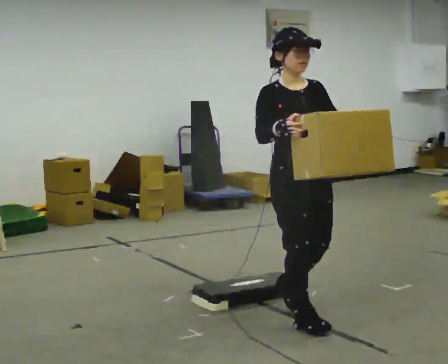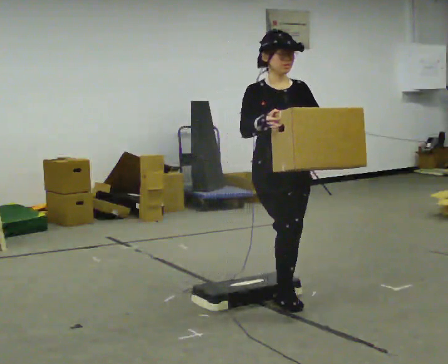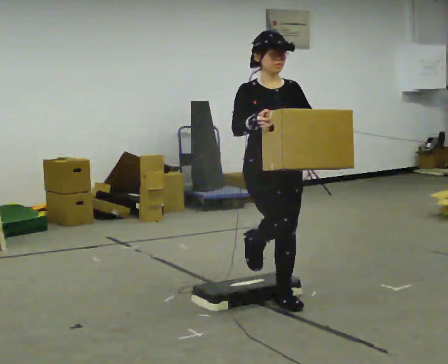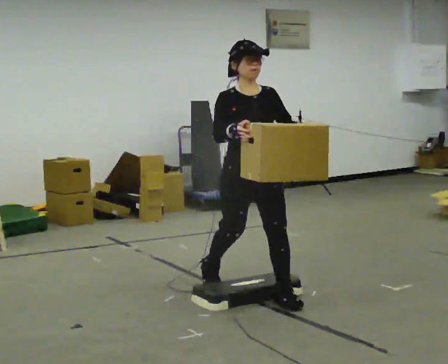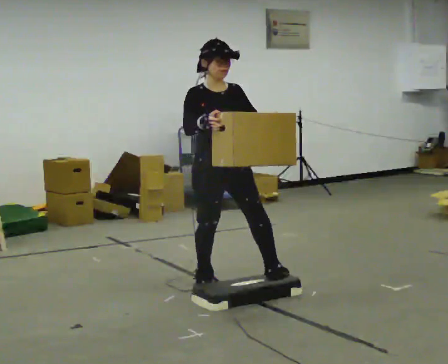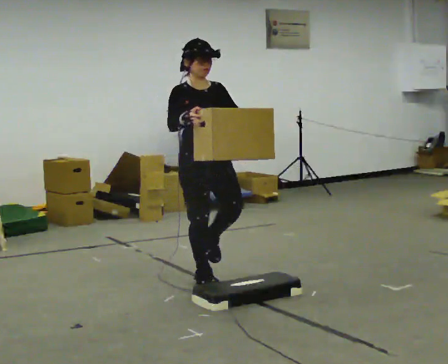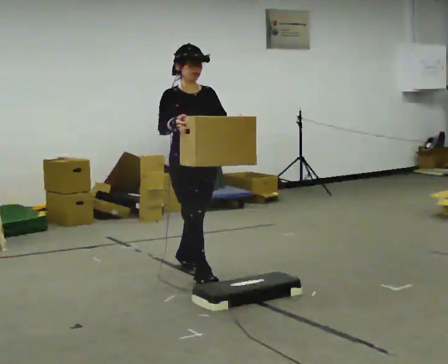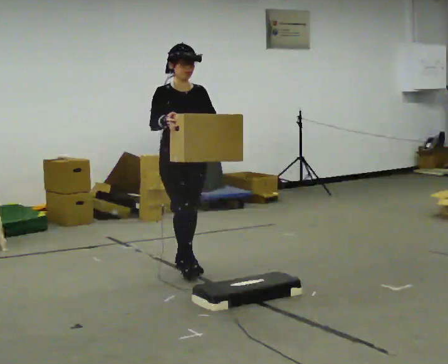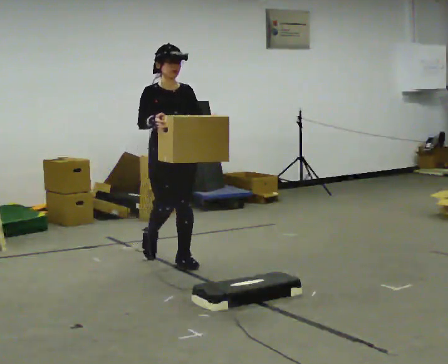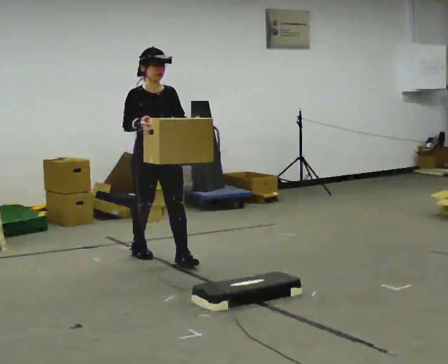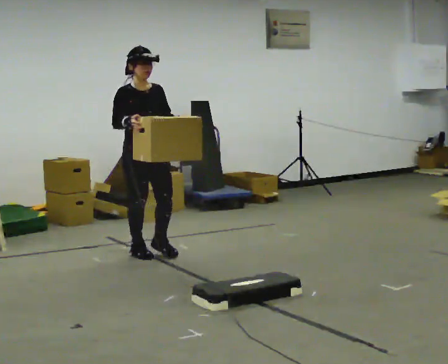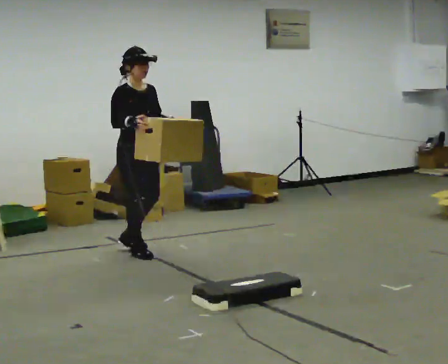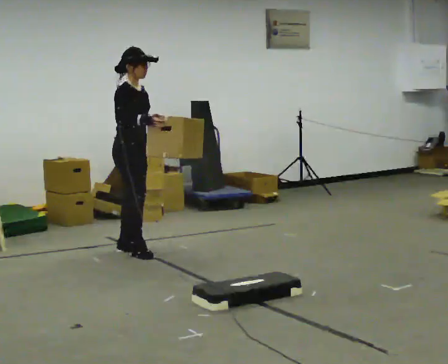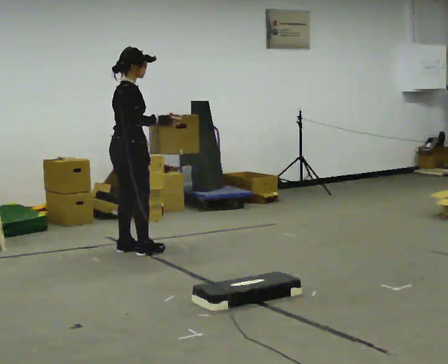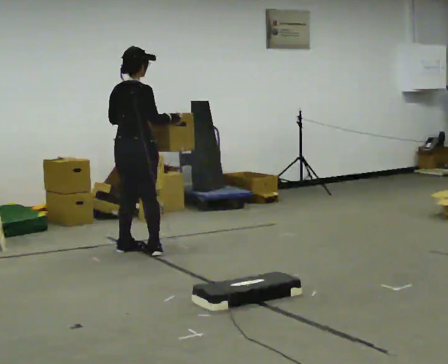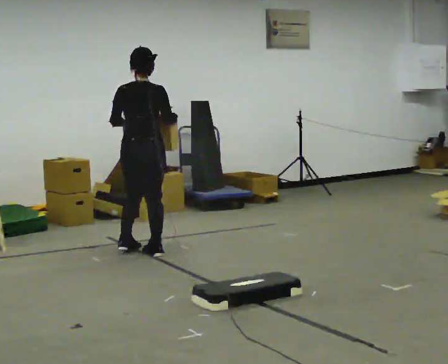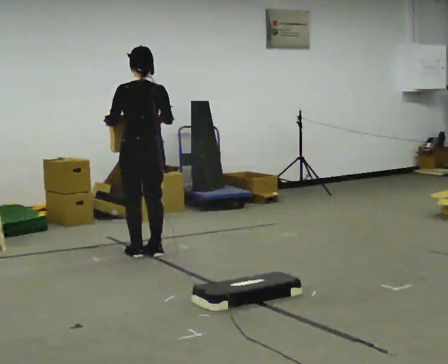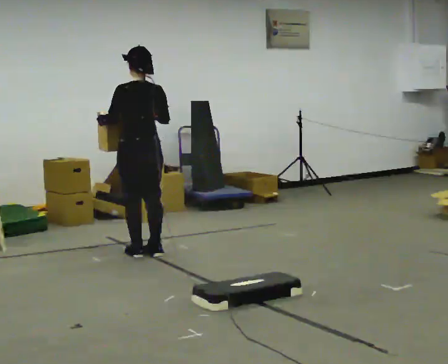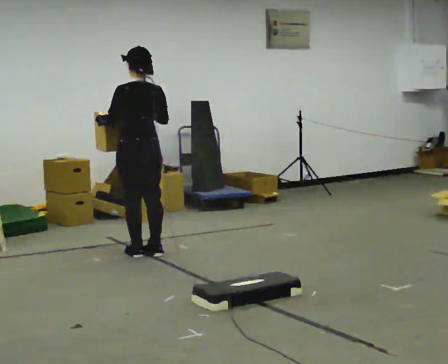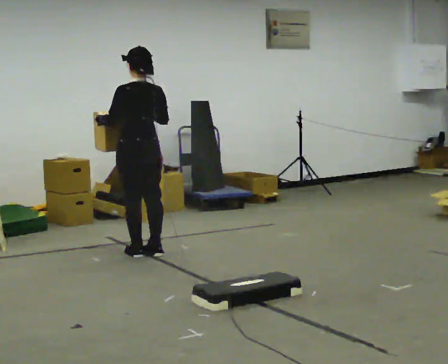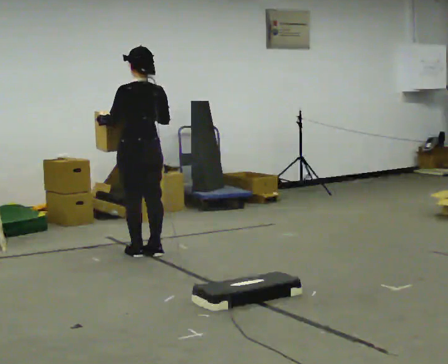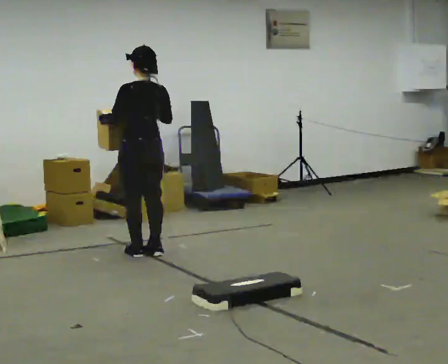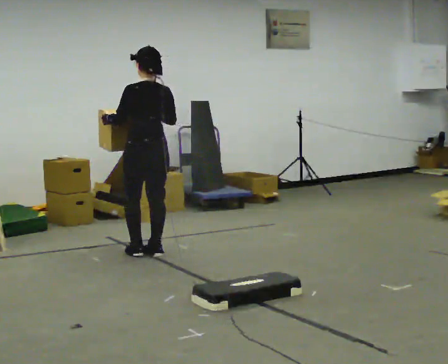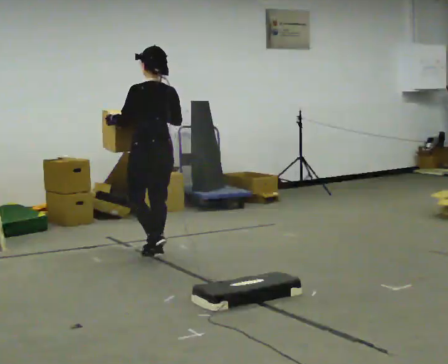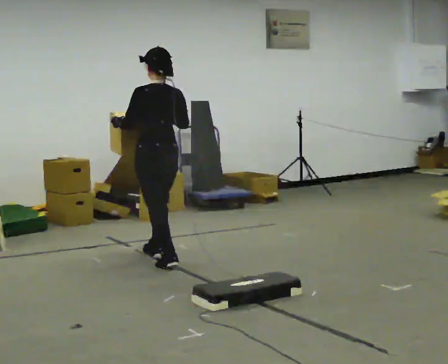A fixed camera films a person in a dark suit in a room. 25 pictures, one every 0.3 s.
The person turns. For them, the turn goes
to their left.
The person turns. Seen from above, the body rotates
counterclockwise.
0.0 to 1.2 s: In the picture they go away from the camera and to the left, about 1 m in 2 steps, which for them is backward.
1.2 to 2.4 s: In the picture they go away from the camera and to the left, about 1 m in 1 step, which for them is backward.
2.4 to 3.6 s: Seen from above the body turns counterclockwise, about 60 degrees: to their left, with its near side sliding to the right. In the picture they go away from the camera and to the left, about 0.5 m in 1 step, which for them is backward.
3.6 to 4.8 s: The person turns about 120 degrees to their left, counterclockwise seen from above, so the part of the body nearest the lens slides to the right.
4.8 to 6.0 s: The person moves a little, or ends about where they began.
6.0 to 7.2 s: In the picture they go toward the camera, about 0.25 m in 1 step, which for them is backward.
The film runs backward here.
